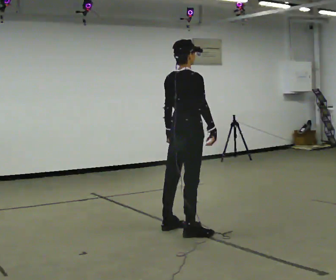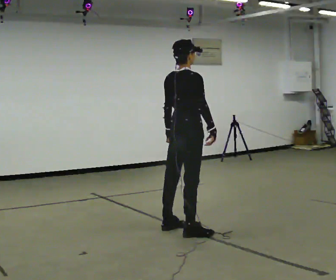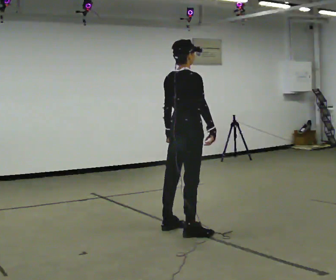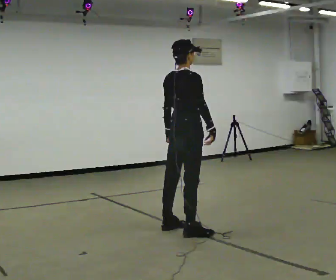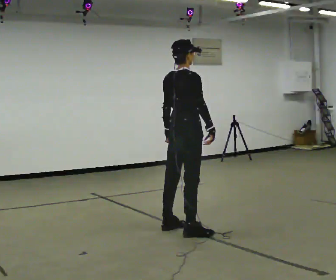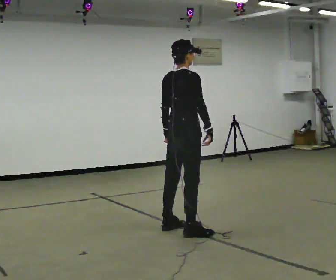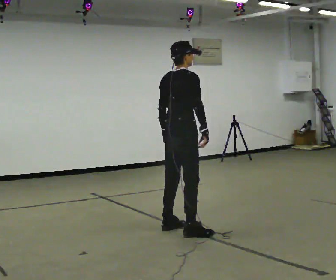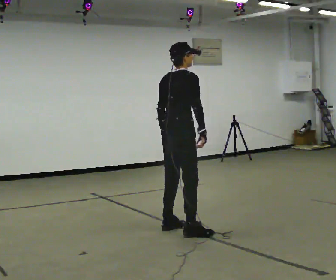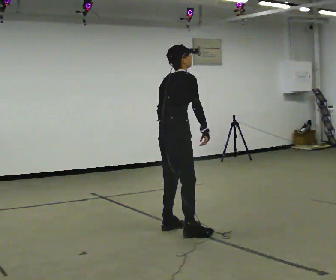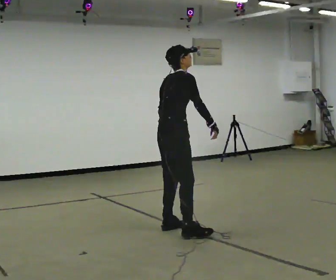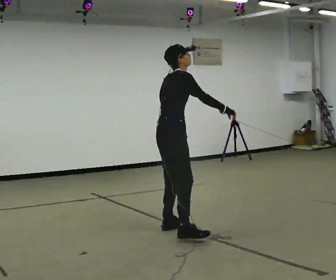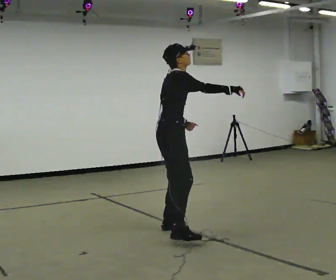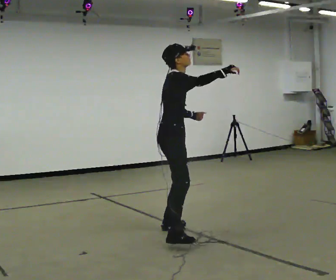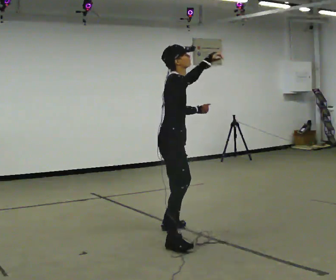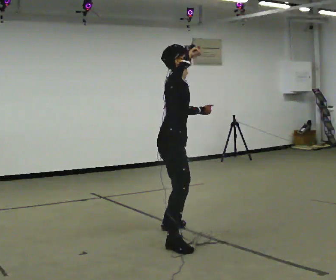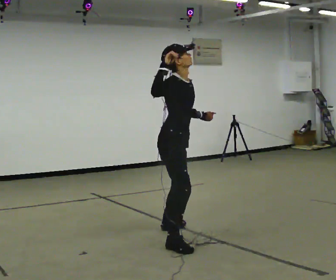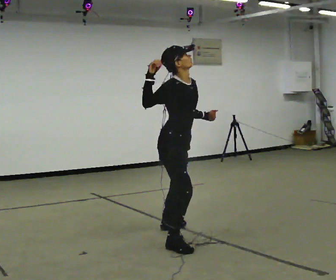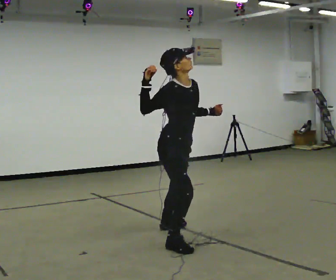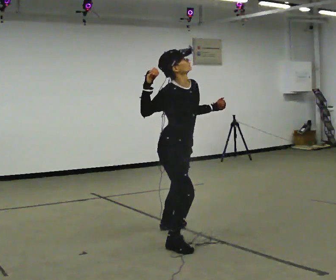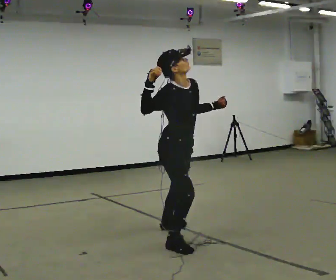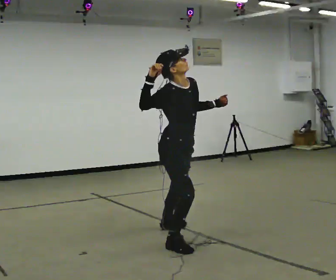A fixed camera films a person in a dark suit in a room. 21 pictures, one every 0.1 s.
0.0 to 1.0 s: The person moves a little, or ends about where they began.
1.0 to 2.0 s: Seen from above the body turns clockwise, about 60 degrees: to their right, with its near side sliding to the left. In the picture they go toward the camera, about 0.25 m in 1 step, which for them is to their right and forward. The upper body tips toward the camera, its near side rolling downward.
The film runs forward here.
